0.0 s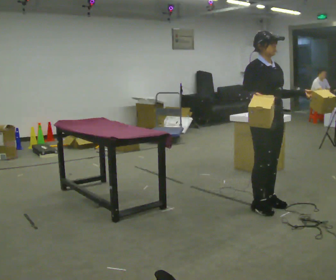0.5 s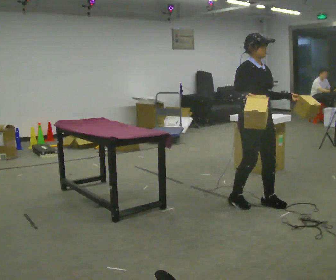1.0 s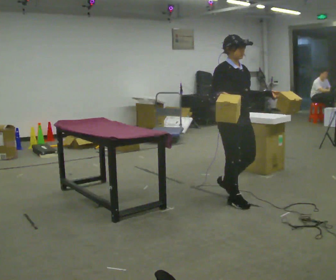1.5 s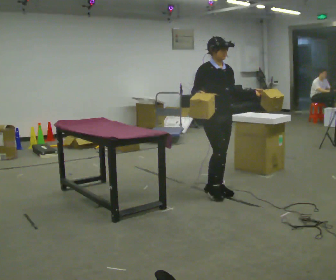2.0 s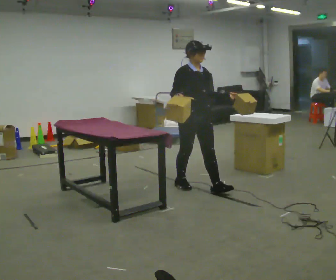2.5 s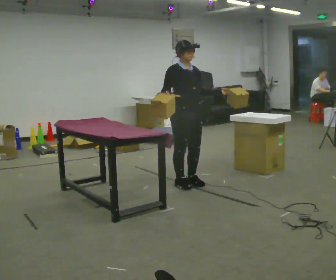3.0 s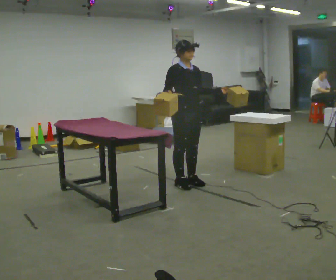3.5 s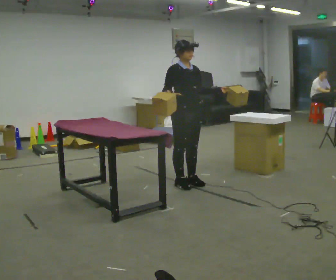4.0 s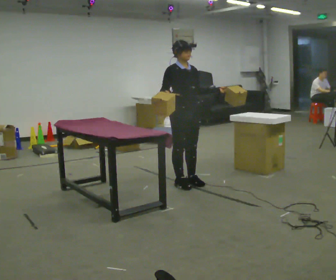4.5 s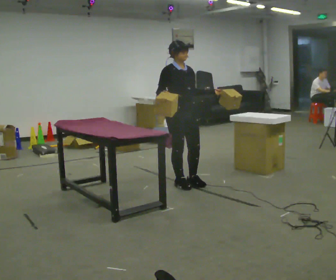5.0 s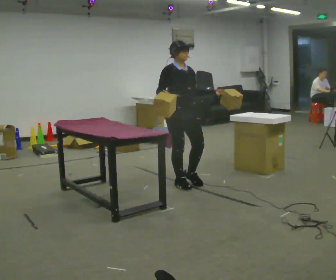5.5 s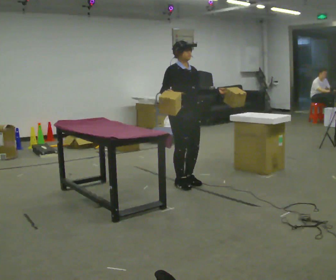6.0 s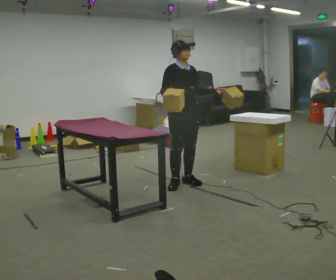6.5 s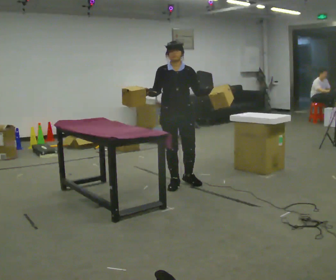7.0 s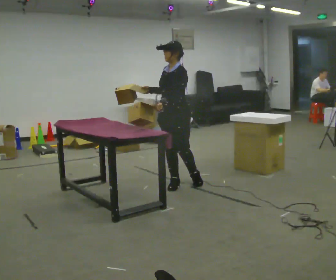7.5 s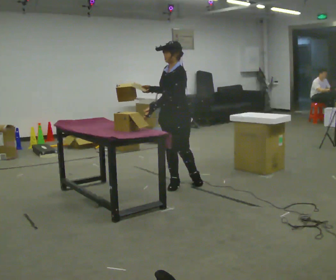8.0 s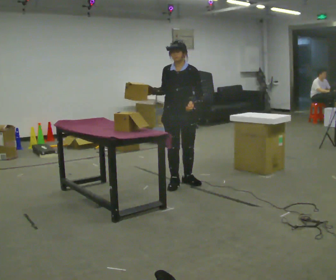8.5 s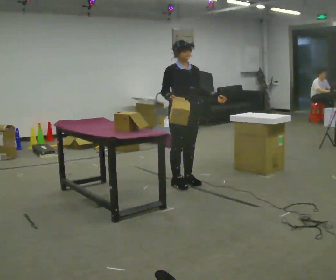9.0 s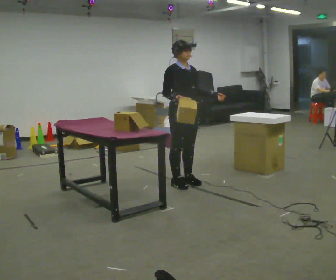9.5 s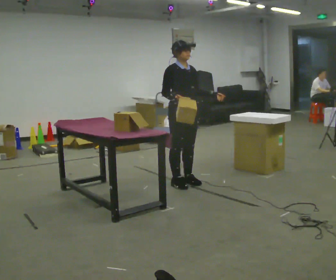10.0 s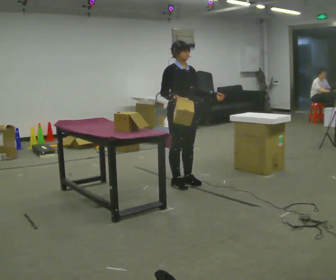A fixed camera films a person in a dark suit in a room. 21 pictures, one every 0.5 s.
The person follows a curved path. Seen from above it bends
clockwise.
0.0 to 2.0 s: In the picture they go away from the camera and to the left, about 1 m in 3 steps, which for them is backward.
2.0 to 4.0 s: In the picture they go away from the camera, about 0.25 m in 1 step, which for them is backward.
4.0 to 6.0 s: The person moves a little, or ends about where they began.
6.0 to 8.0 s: The part of the body nearest the lens slides to the left as the person turns to their right by about 45 degrees.
8.0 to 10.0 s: Seen from above the body turns counterclockwise, about 45 degrees: to their left, with its near side sliding to the right.
The film runs backward here.
